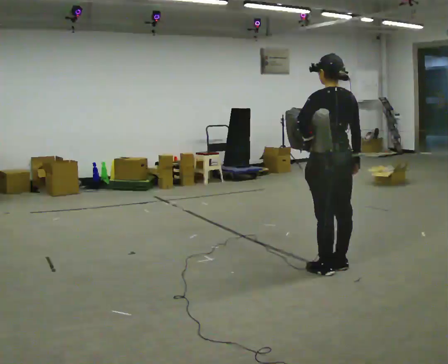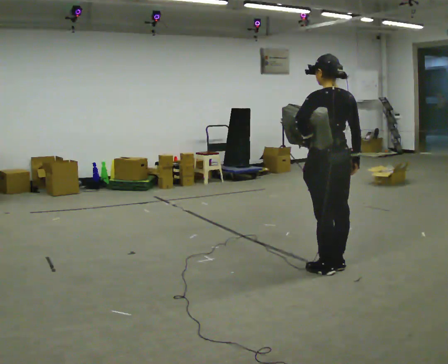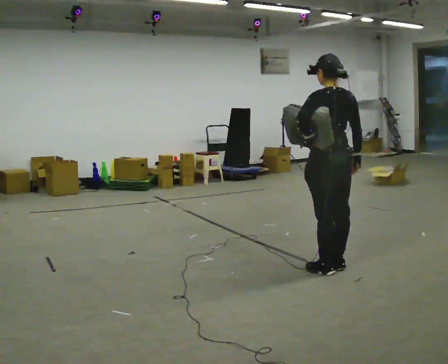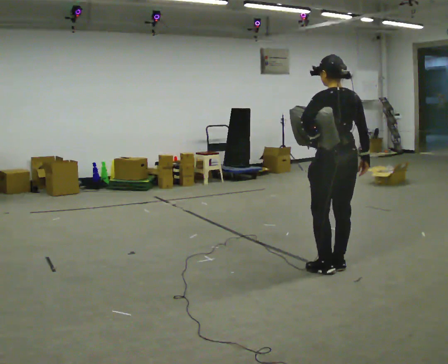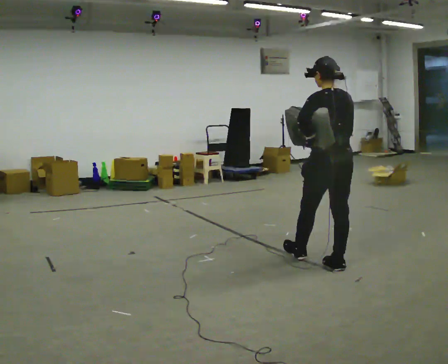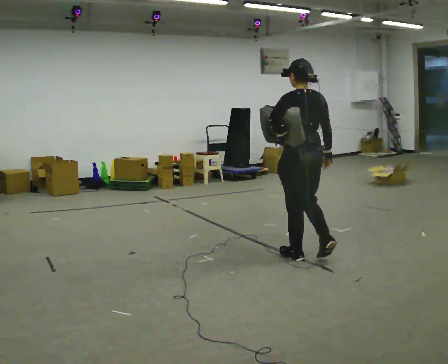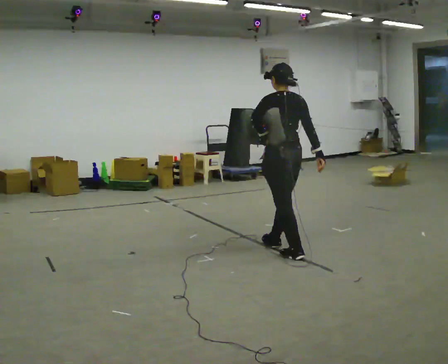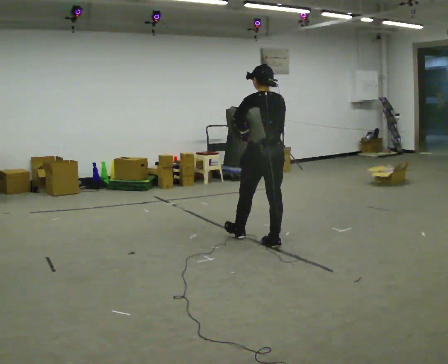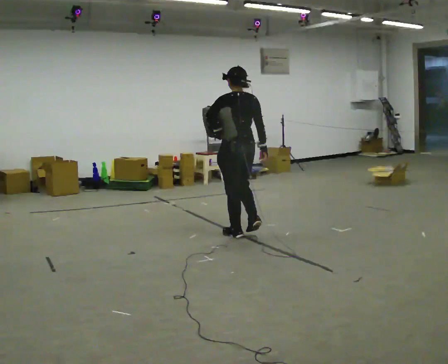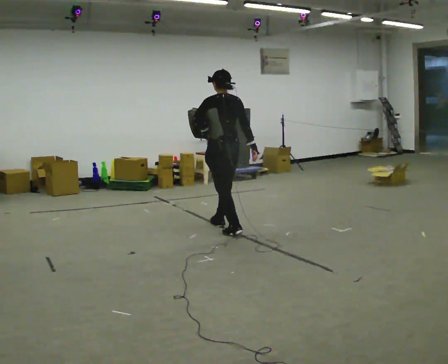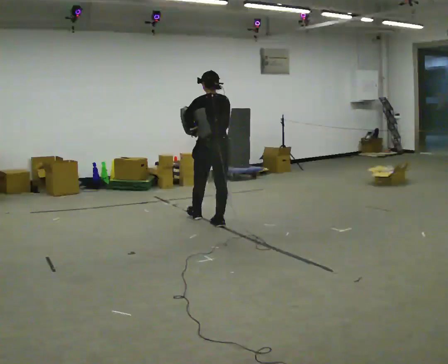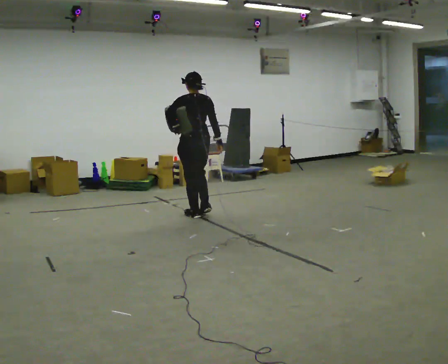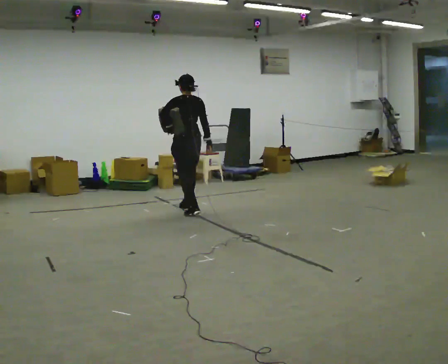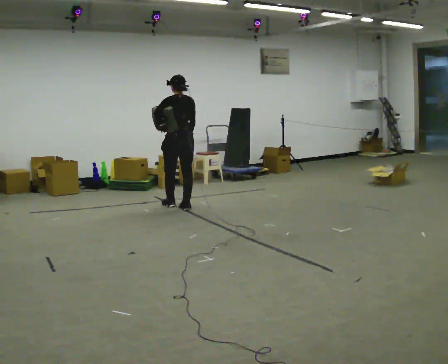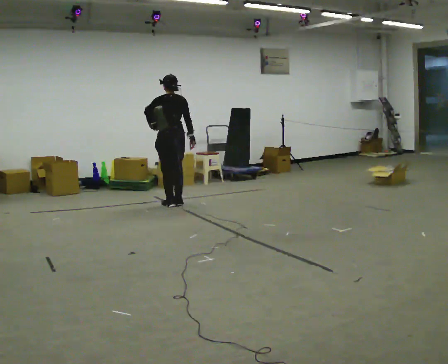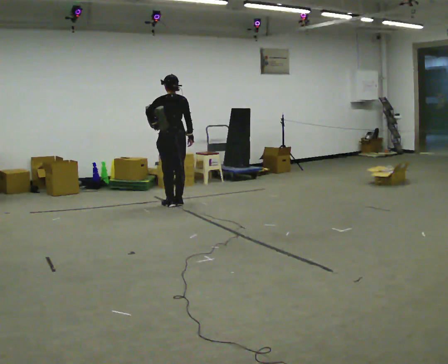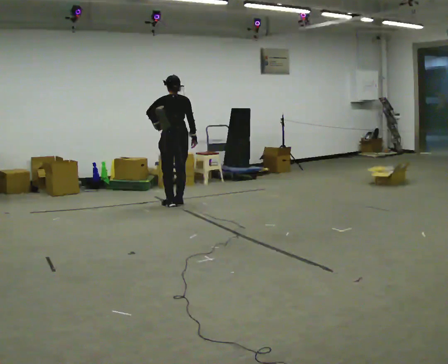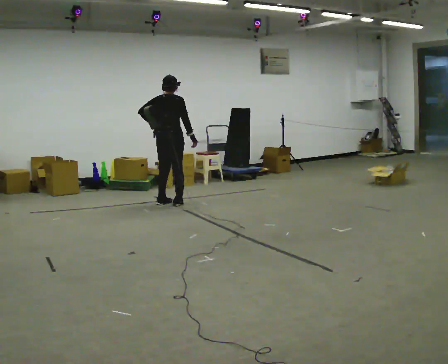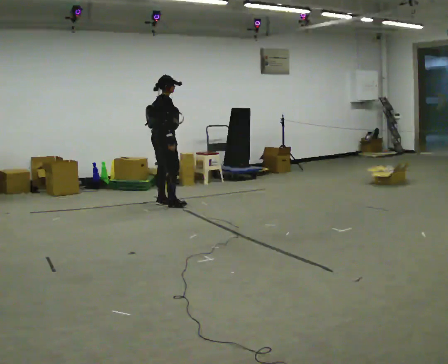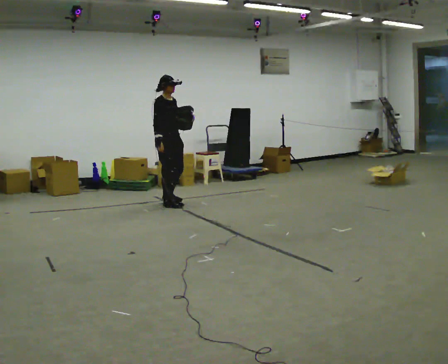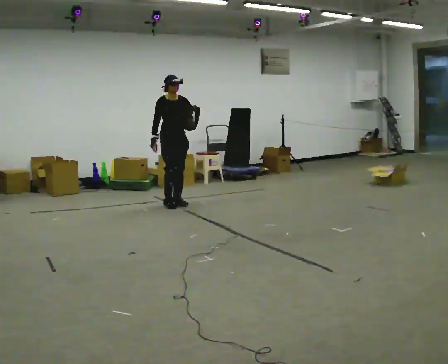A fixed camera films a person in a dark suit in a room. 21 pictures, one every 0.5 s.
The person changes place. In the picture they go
away from the camera.
0.0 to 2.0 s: The person moves a little, or ends about where they began.
2.0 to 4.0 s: In the picture they go away from the camera and to the left, about 1 m in 3 steps, which for them is forward.
4.0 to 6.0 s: In the picture they go away from the camera and to the left, about 1 m in 3 steps, which for them is forward.
6.0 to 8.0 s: In the picture they go away from the camera and to the left, about 0.5 m in 2 steps, which for them is forward.
8.0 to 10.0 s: Seen from above the body turns clockwise, about 165 degrees: to their right, with its near side sliding to the left. In the picture their right hand goes to the left, the arm swinging clockwise.
The film runs forward here.
